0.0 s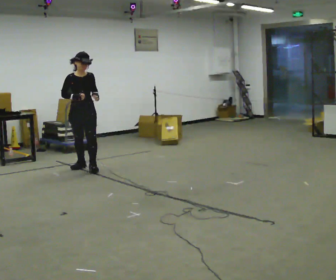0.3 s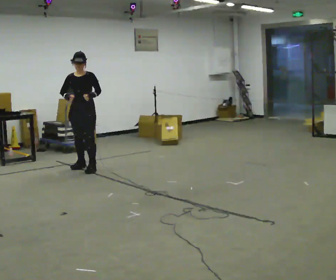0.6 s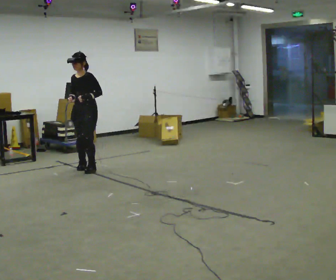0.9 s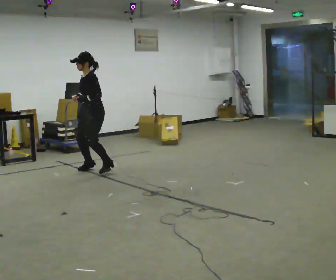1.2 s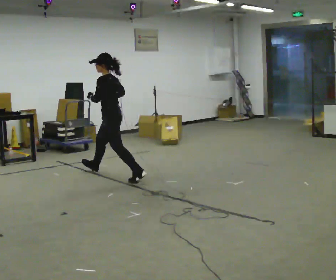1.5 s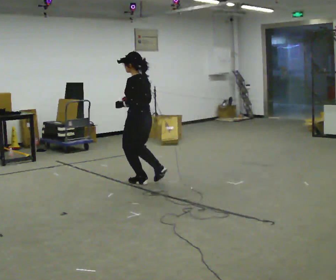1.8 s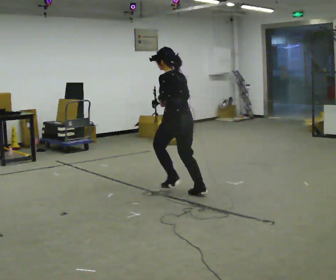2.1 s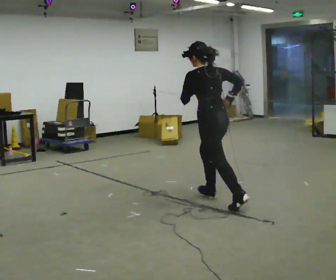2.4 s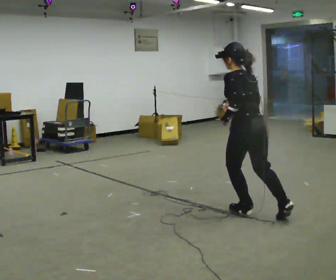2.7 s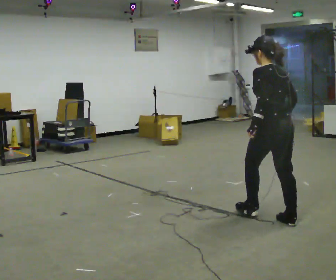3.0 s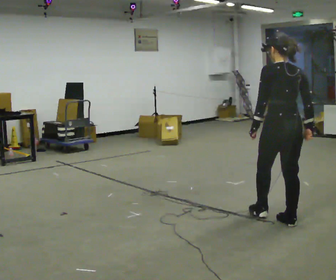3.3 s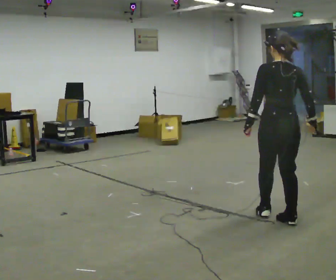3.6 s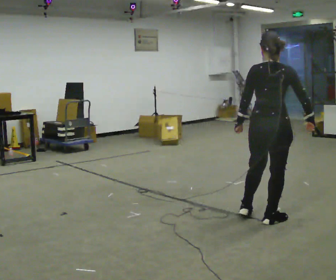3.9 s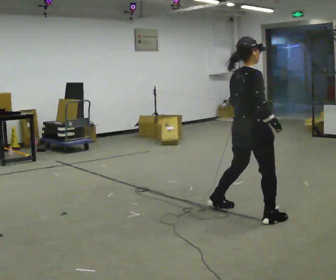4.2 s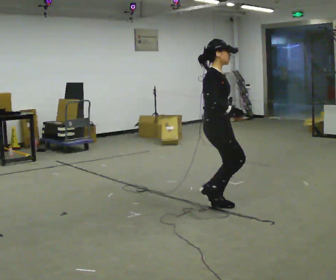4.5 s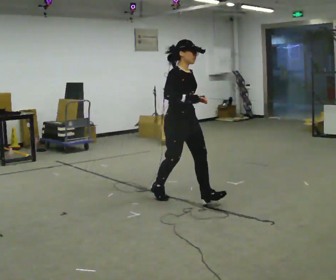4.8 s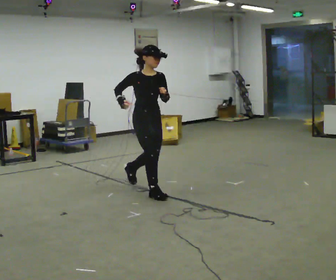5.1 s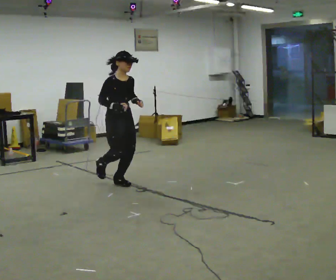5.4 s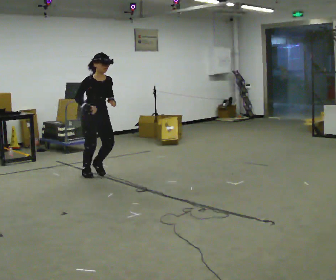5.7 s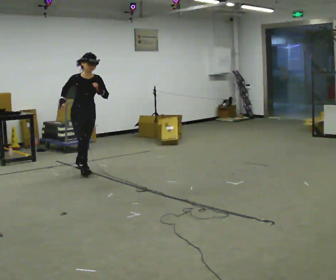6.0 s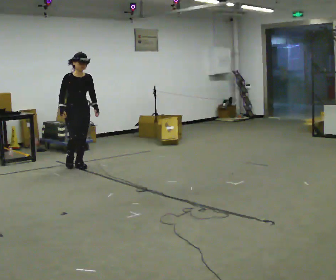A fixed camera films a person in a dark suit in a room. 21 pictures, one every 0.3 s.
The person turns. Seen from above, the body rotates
clockwise.
The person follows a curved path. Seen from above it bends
clockwise.
0.0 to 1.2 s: The part of the body nearest the lens slides to the left as the person turns to their right by about 105 degrees. In the picture they go to the right and toward the camera, about 0.5 m in 2 steps.
1.2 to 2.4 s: Seen from above the body turns clockwise, about 60 degrees: to their right, with its near side sliding to the left. In the picture they go to the right and toward the camera, about 2 m in 2 steps, which for them is backward.
2.4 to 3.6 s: The person turns about 60 degrees to their right, clockwise seen from above, so the part of the body nearest the lens slides to the left. In the picture they go to the right and toward the camera, about 0.25 m in 3 steps, which for them is backward and to their right. In the picture the upper body tilts clockwise, shoulders to the right.
3.6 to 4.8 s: The person turns about 120 degrees to their right, clockwise seen from above, so the part of the body nearest the lens slides to the left. In the picture they go to the left and away from the camera, about 1.5 m in 2 steps.
4.8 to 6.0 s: In the picture they go to the left and away from the camera, about 1.5 m in 3 steps, which for them is backward.
The film runs backward here.
